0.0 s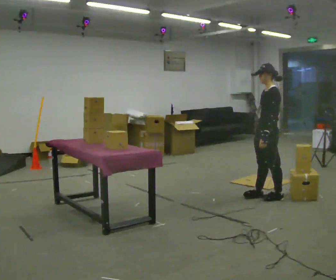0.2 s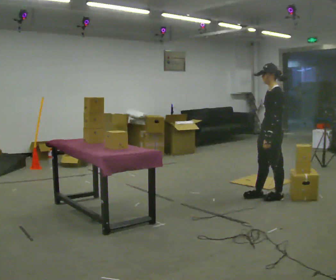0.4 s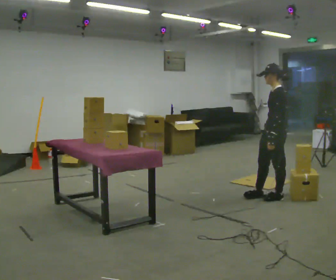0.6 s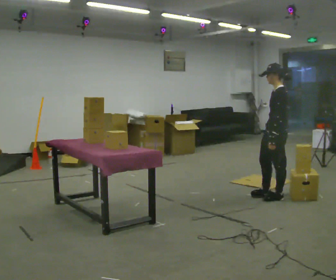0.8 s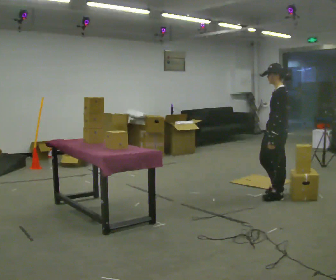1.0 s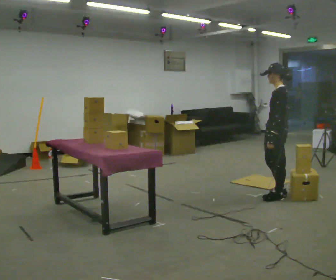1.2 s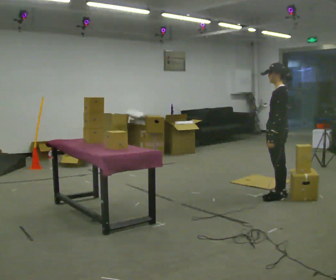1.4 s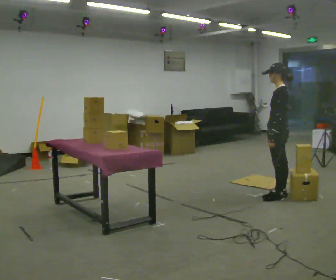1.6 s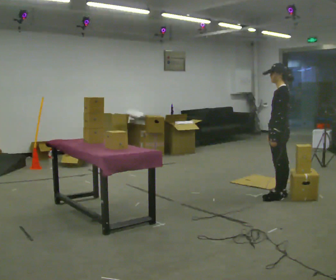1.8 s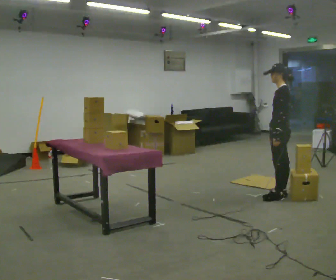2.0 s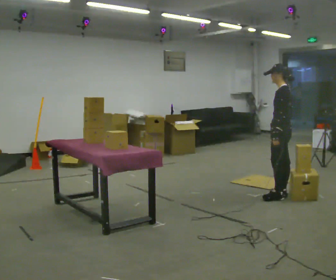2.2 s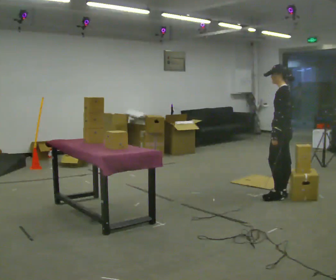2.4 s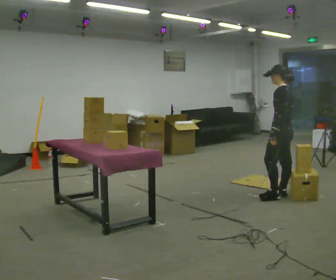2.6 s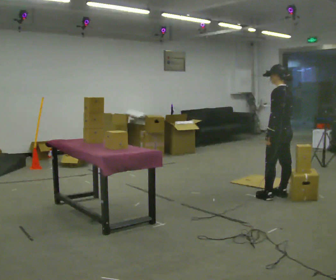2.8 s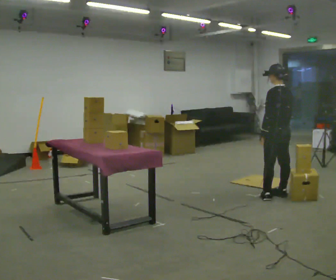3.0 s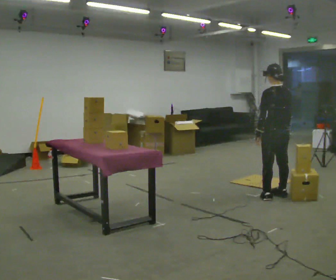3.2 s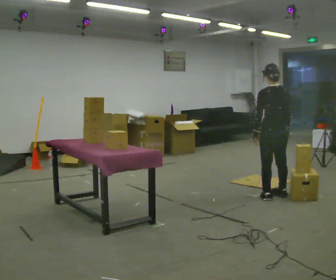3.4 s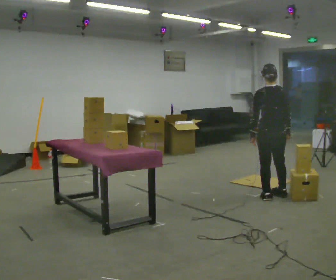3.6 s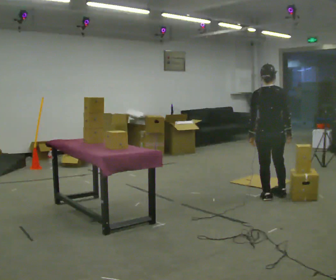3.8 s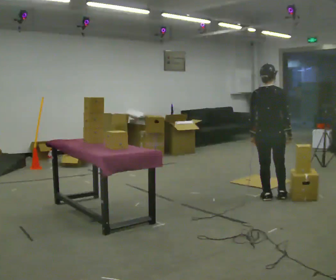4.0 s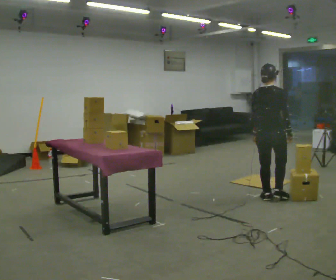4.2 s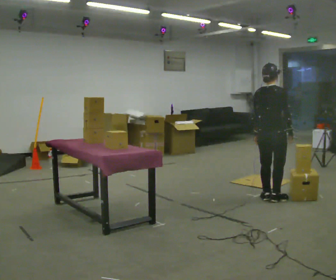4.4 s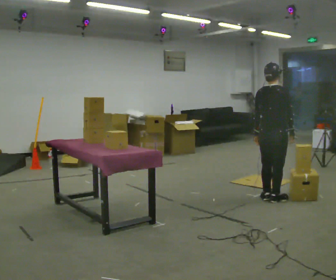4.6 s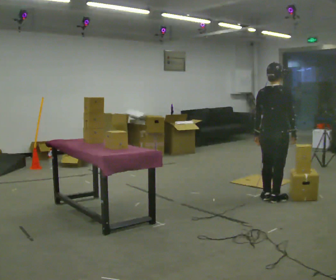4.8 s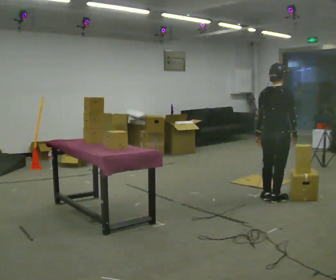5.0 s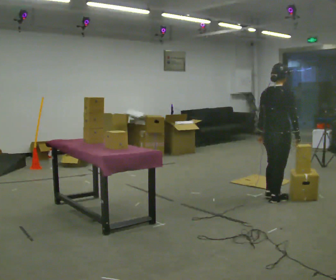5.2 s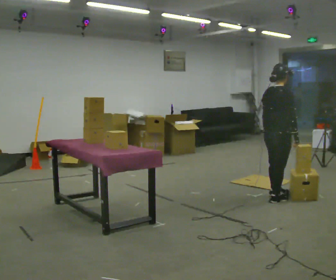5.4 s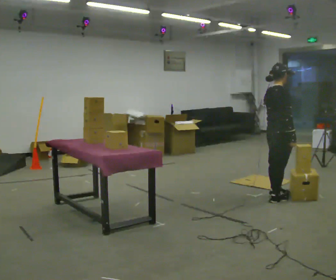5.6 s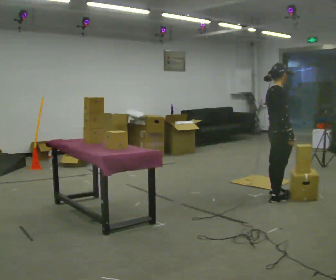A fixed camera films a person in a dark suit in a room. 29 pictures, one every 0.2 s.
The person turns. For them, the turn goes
to their right.
The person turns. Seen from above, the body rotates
clockwise.
0.0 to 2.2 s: In the picture they go to the right, about 0.25 m in 1 step, which for them is backward.
2.2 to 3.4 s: The person turns about 60 degrees to their right, clockwise seen from above, so the part of the body nearest the lens slides to the left.
3.4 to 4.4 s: The part of the body nearest the lens slides to the left as the person turns to their right by about 45 degrees.
4.4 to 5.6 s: The person turns about 45 degrees to their right, clockwise seen from above, so the part of the body nearest the lens slides to the left.
The film runs backward here.
